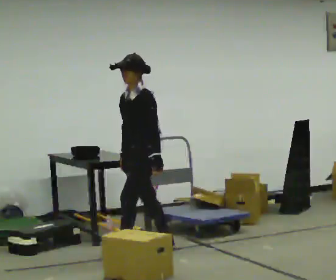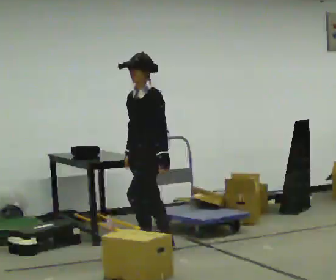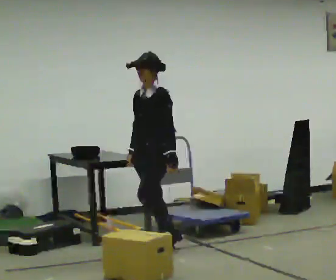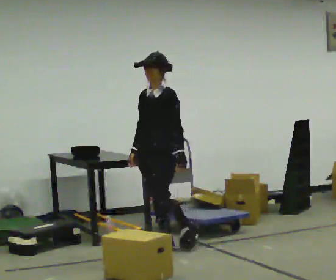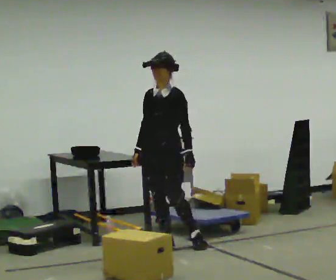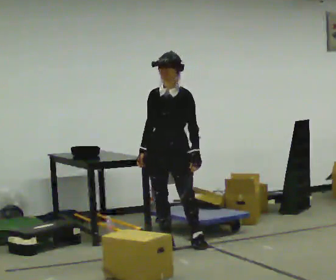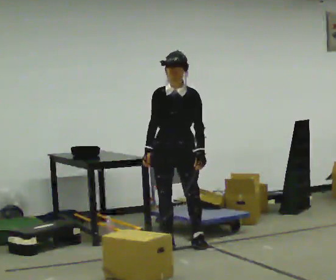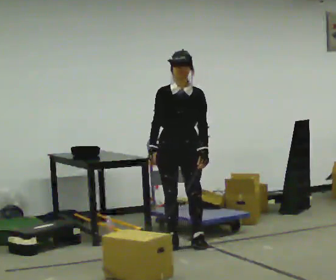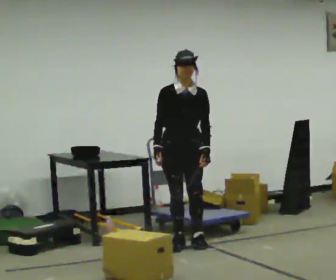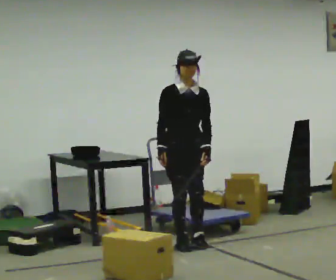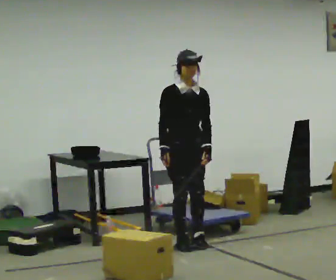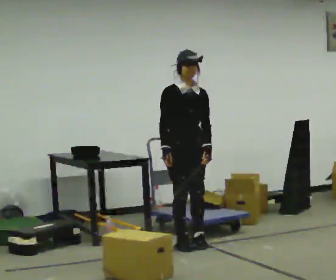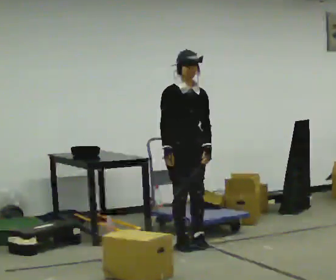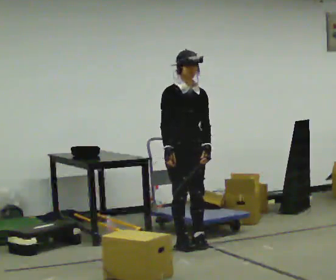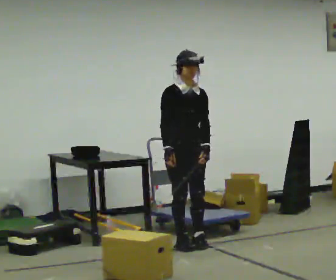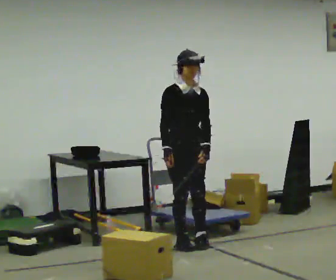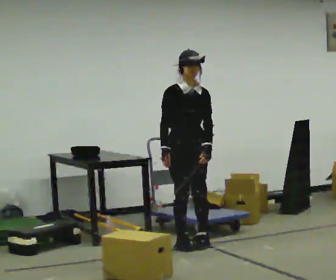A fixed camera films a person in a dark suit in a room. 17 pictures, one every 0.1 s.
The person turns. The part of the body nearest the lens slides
to the right.
The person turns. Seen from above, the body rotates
counterclockwise.
0.0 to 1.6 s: Seen from above the body turns counterclockwise, about 90 degrees: to their left, with its near side sliding to the right. In the picture they go to the right and away from the camera, about 0.5 m.
The film runs backward here.
